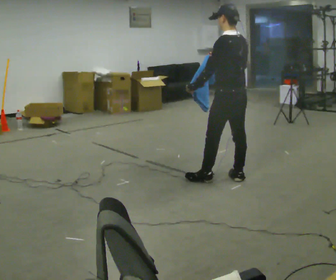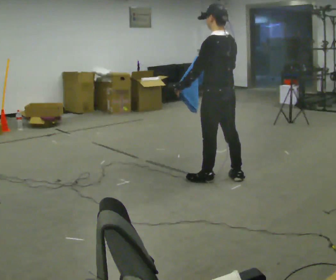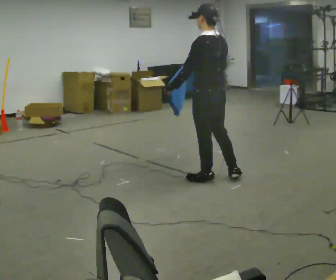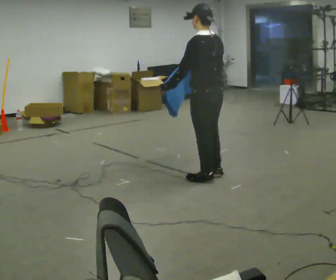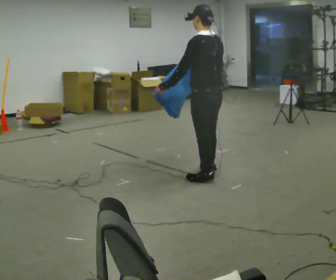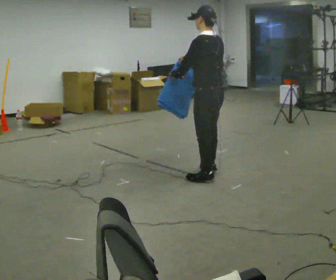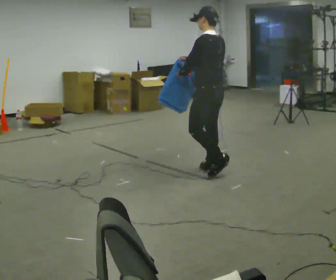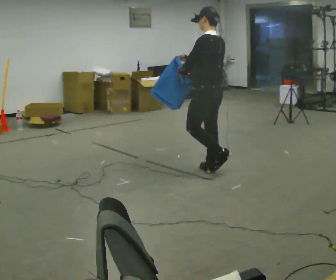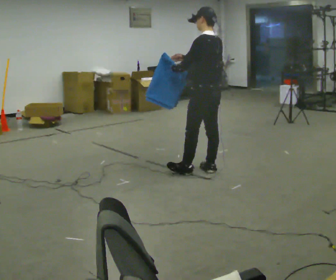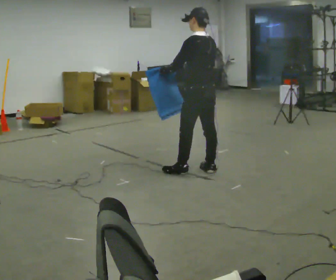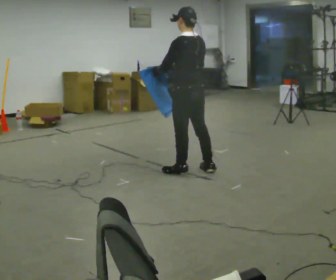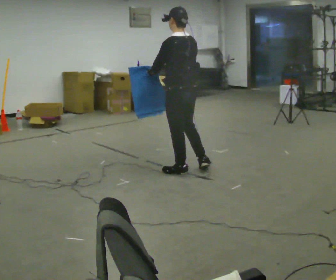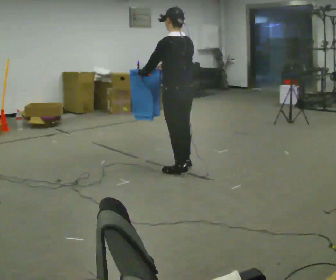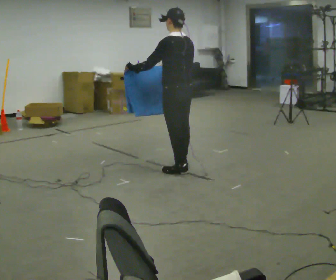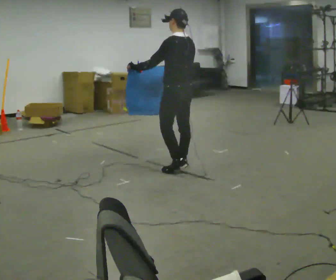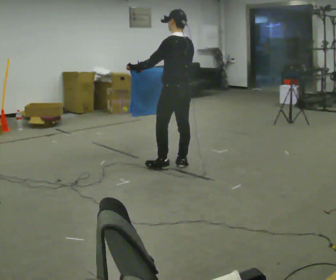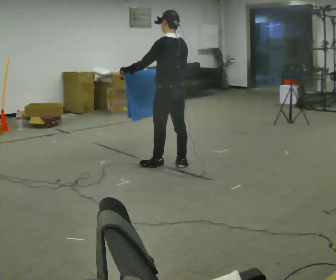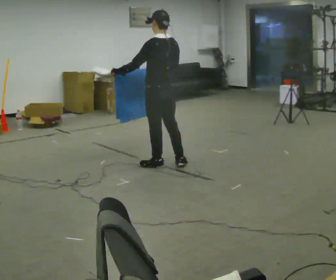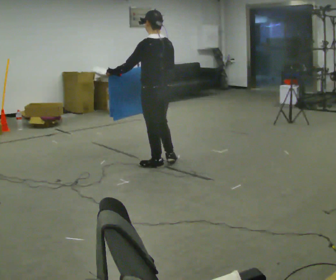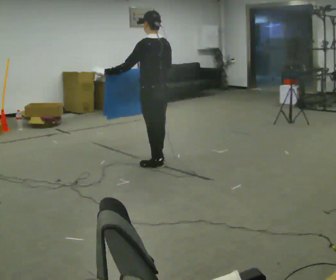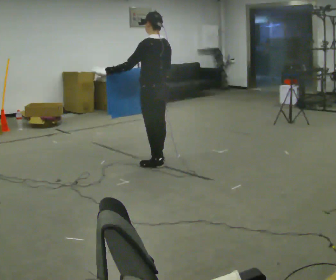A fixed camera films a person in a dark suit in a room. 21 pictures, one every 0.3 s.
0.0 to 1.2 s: In the picture they go to the left, about 0.25 m in 1 step, which for them is forward and to their left.
1.2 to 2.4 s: In the picture they go away from the camera, about 0.25 m in 1 step, which for them is to their right and forward.
2.4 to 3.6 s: In the picture they go to the left, about 0.25 m in 1 step, which for them is forward and to their left.
3.6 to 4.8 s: In the picture they go away from the camera, about 0.25 m in 2 steps, which for them is forward.
4.8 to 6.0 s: In the picture they go to the left, about 0.25 m in 1 step, which for them is forward.
The film runs forward here.
